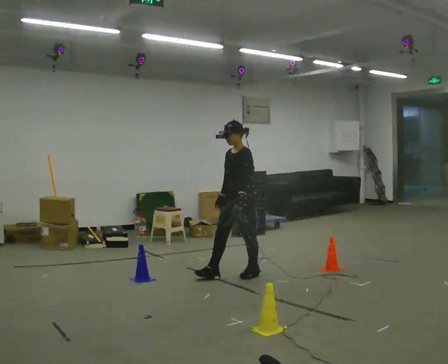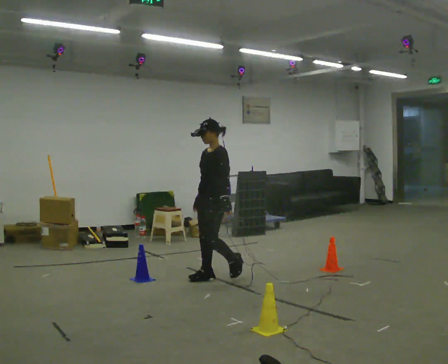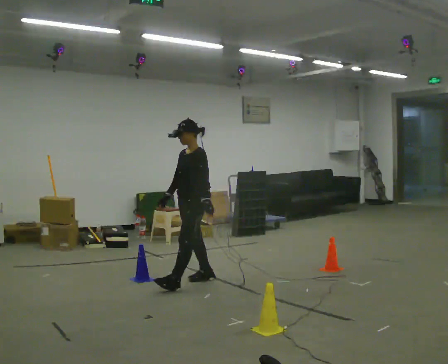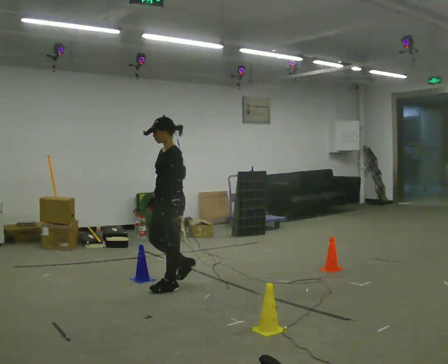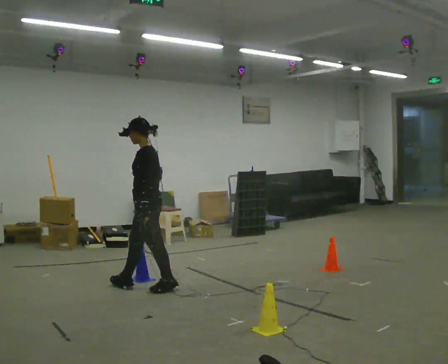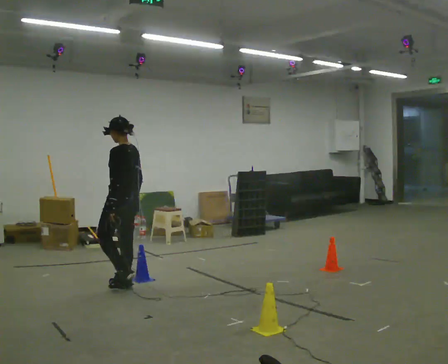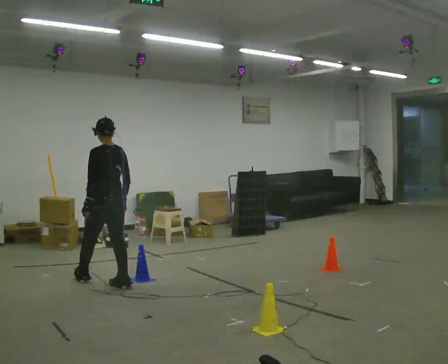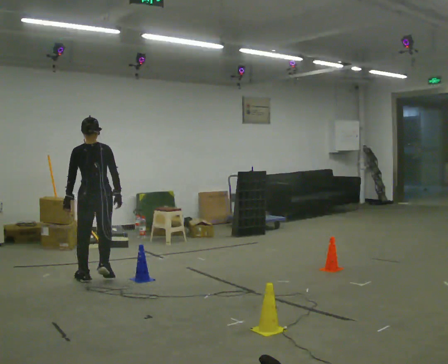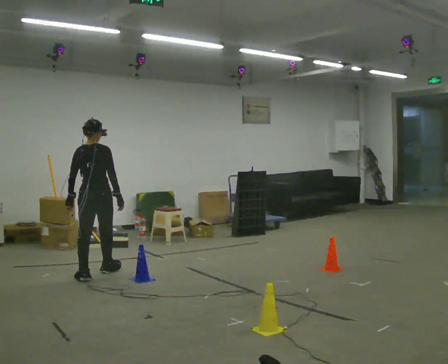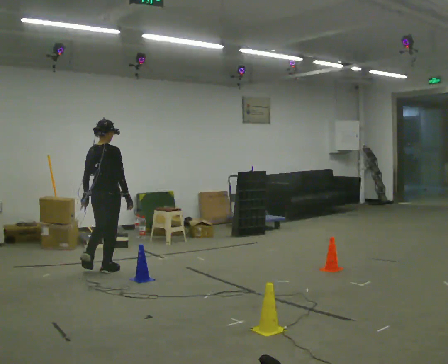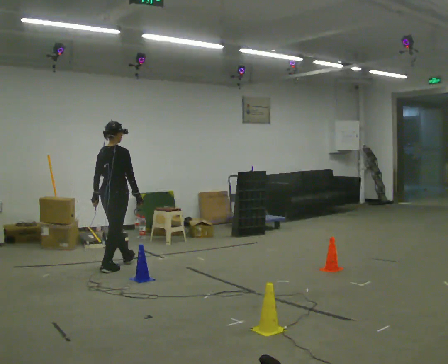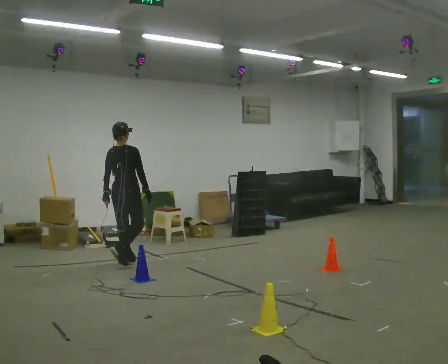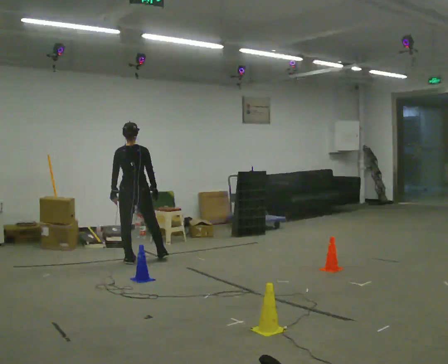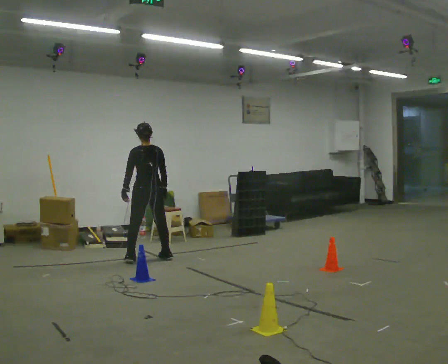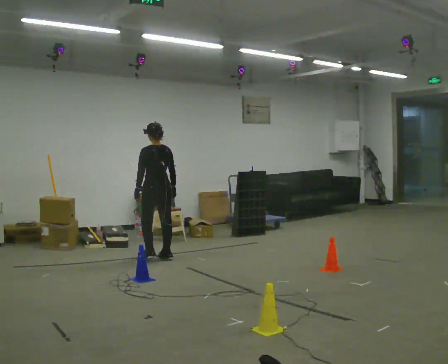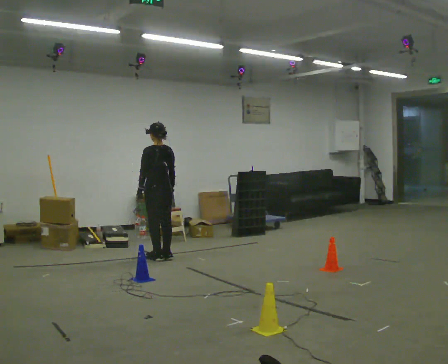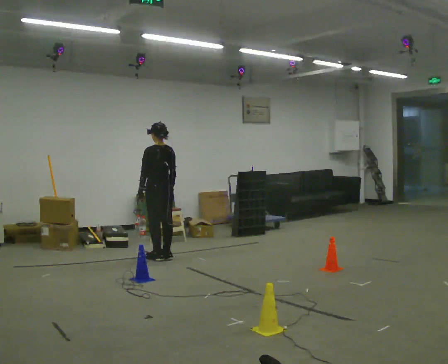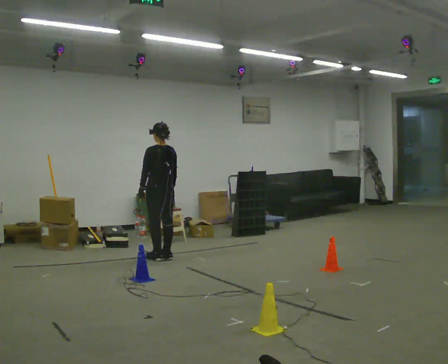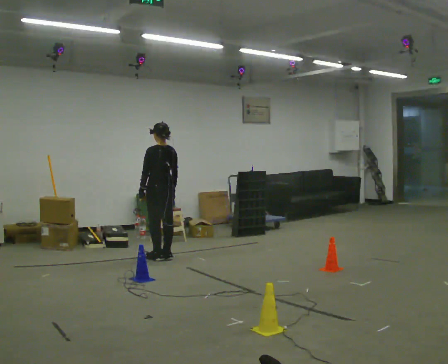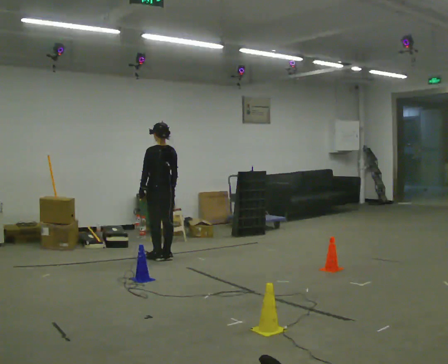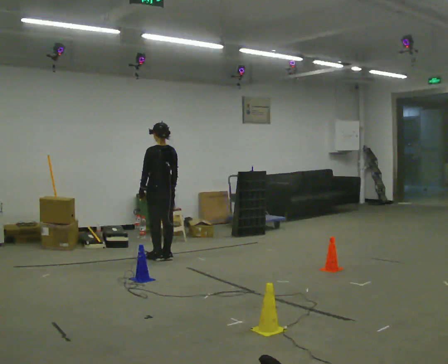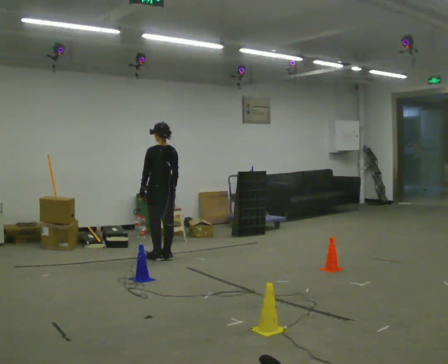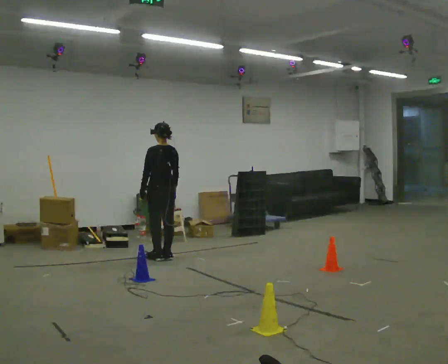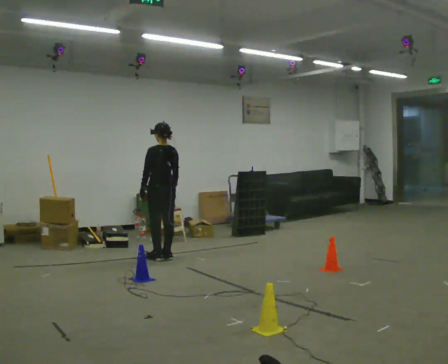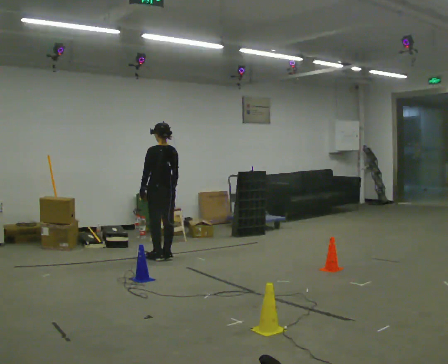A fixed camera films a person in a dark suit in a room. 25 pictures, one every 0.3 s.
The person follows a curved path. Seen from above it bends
clockwise.
0.0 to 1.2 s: The person turns about 30 degrees to their right, clockwise seen from above, so the part of the body nearest the lens slides to the left. In the picture they go to the left, about 1 m in 3 steps, which for them is forward.
1.2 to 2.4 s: Seen from above the body turns clockwise, about 90 degrees: to their right, with its near side sliding to the left. In the picture they go to the left and away from the camera, about 0.75 m in 2 steps.
2.4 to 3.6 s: In the picture they go away from the camera and to the right, about 1 m in 1 step, which for them is forward.
3.6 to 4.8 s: The part of the body nearest the lens slides to the right as the person turns to their left by about 30 degrees. In the picture they go to the right and away from the camera, about 0.25 m in 2 steps, which for them is to their right.
4.8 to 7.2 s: The person moves a little, or ends about where they began.
The film runs forward here.
